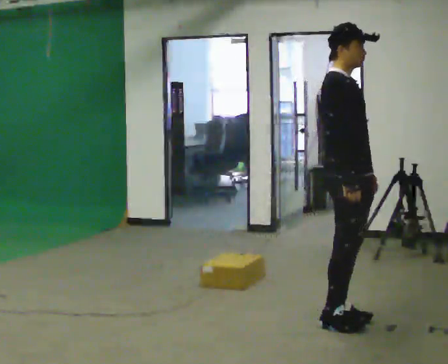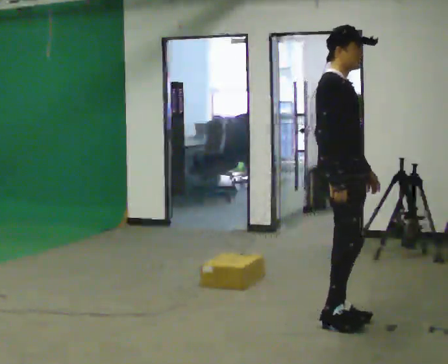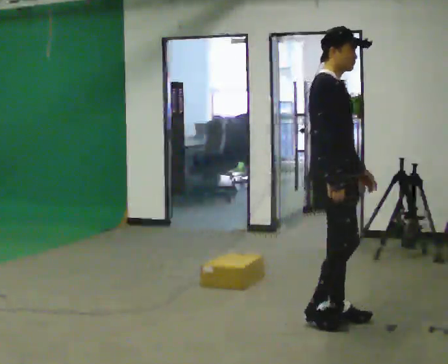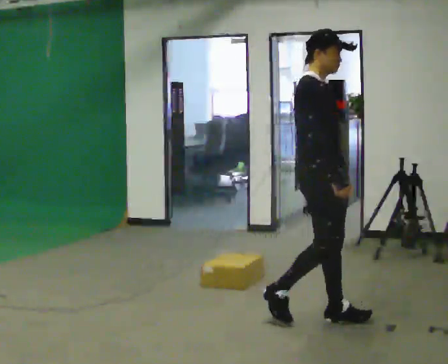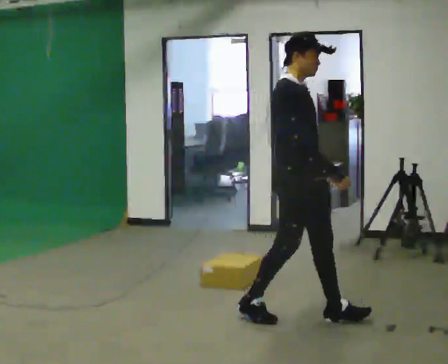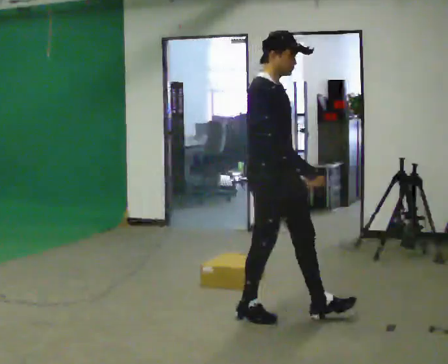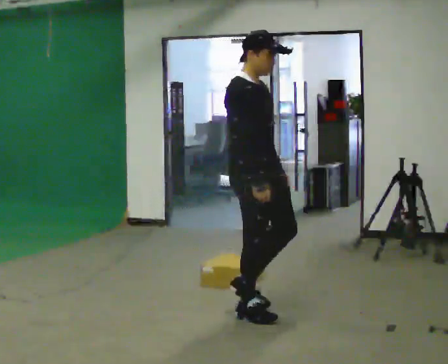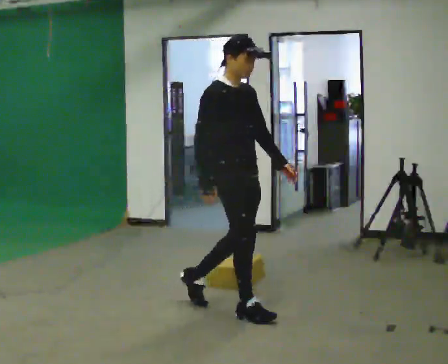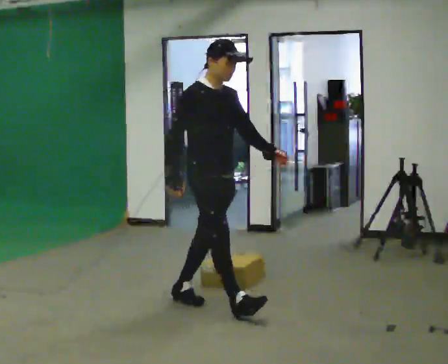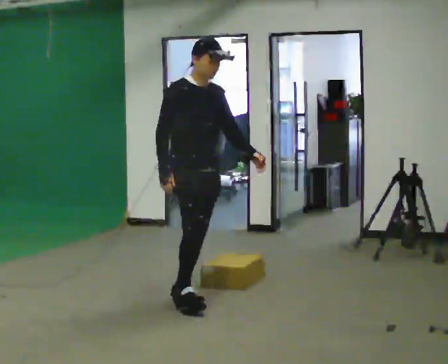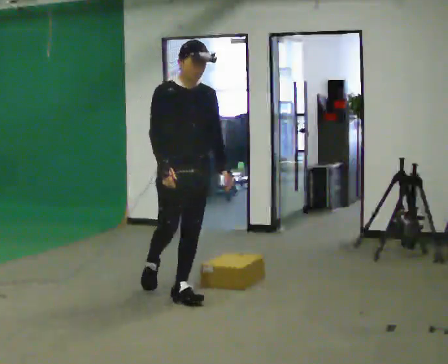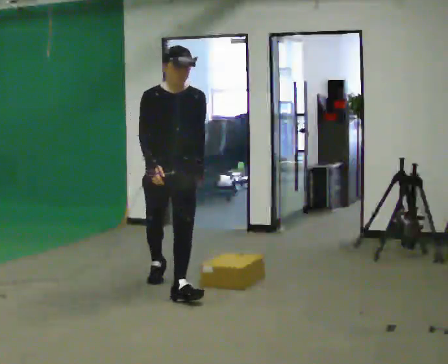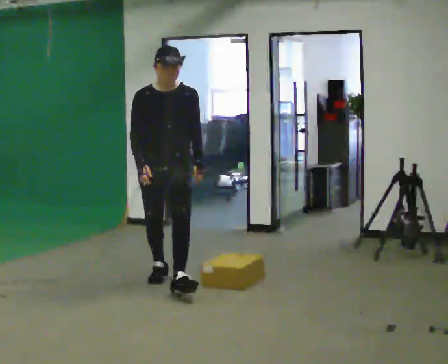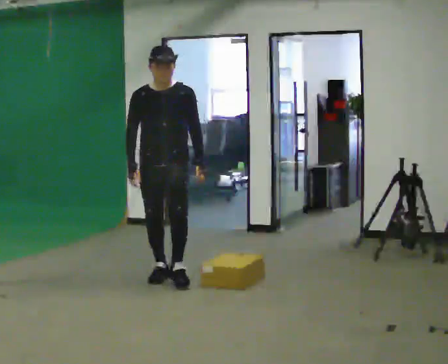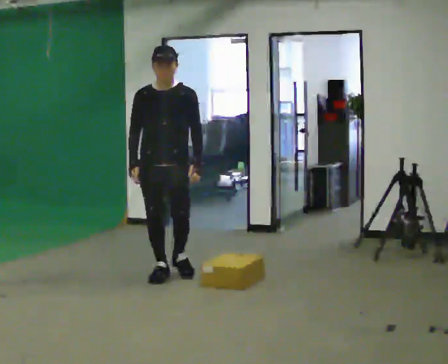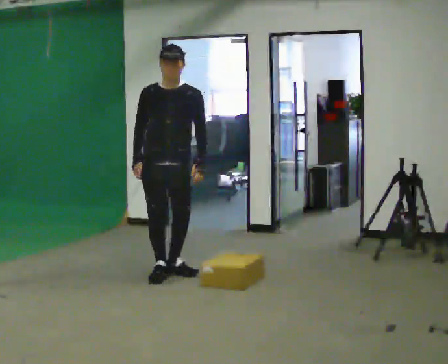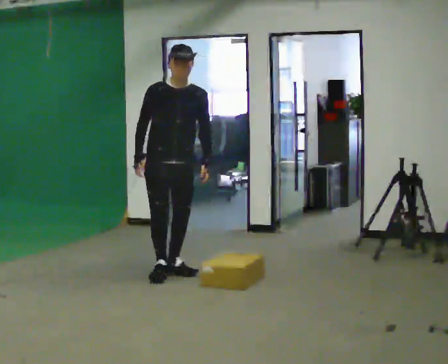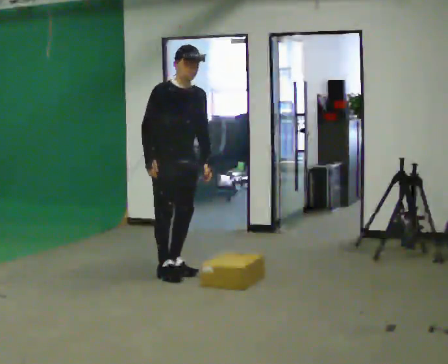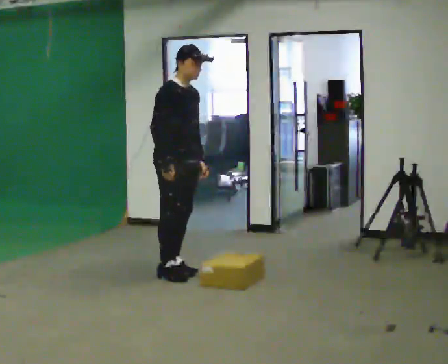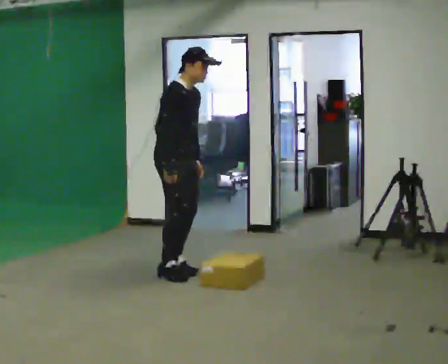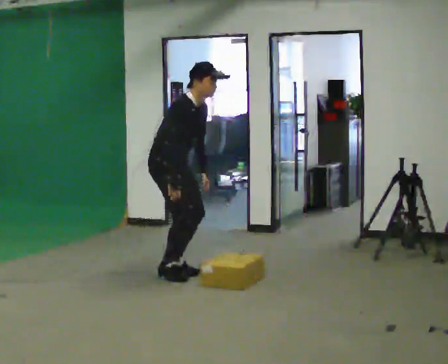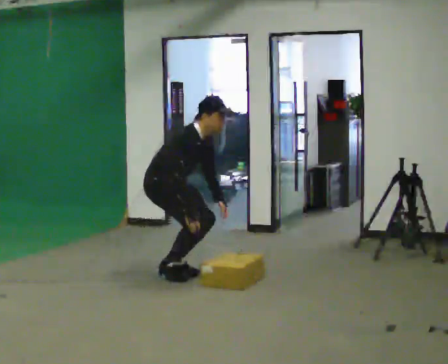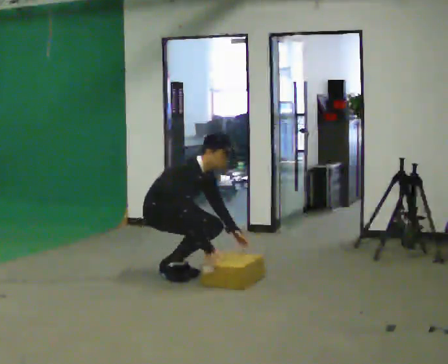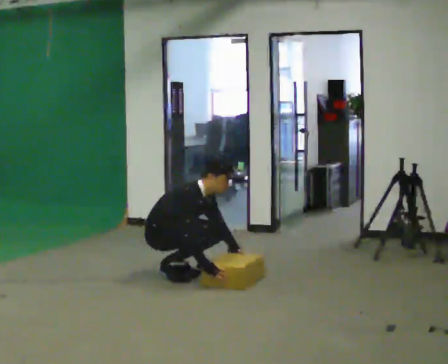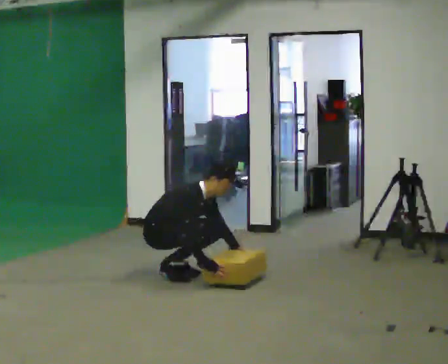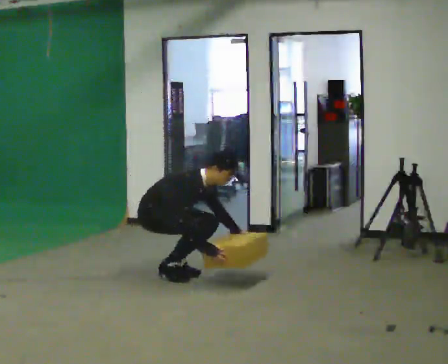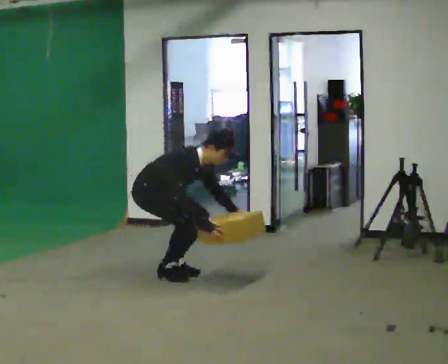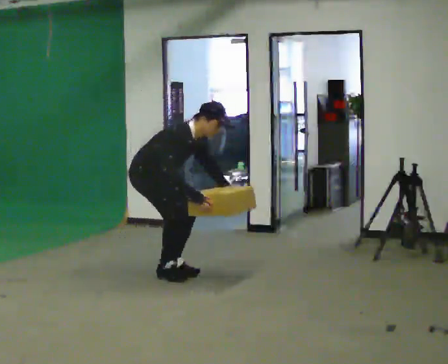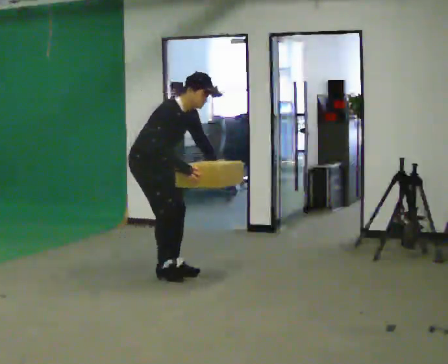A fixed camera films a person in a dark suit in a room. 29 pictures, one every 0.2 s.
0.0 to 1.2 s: In the picture they go to the left and away from the camera, about 0.5 m in 2 steps, which for them is backward.
1.2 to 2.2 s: Seen from above the body turns clockwise, about 60 degrees: to their right, with its near side sliding to the left. In the picture they go away from the camera and to the left, about 1 m in 1 step, which for them is backward.
2.2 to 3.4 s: The person turns about 30 degrees to their left, counterclockwise seen from above, so the part of the body nearest the lens slides to the right. In the picture they go away from the camera, about 0.5 m in 1 step, which for them is backward.
3.4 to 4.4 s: The person turns about 30 degrees to their left, counterclockwise seen from above, so the part of the body nearest the lens slides to the right. The shoulders move downward. In the picture the upper body tilts clockwise, shoulders to the right, as they bend forward. In the picture their right hand goes downward and to the right.
4.4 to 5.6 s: In the picture their left hand goes upward.
The film runs backward here.
